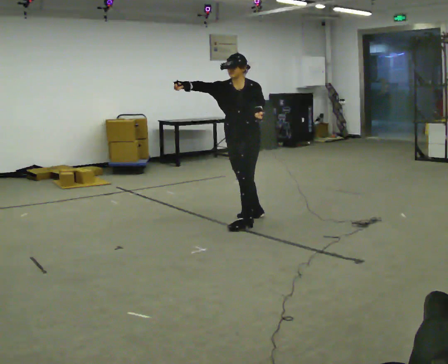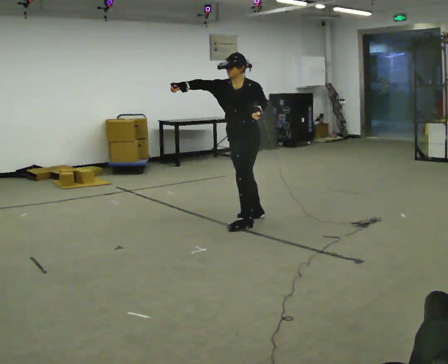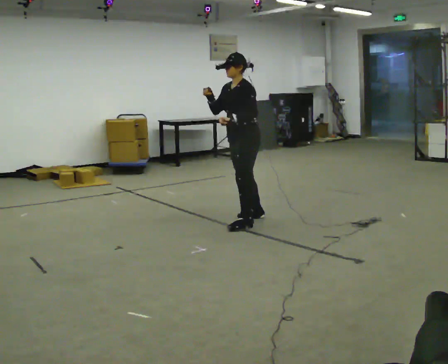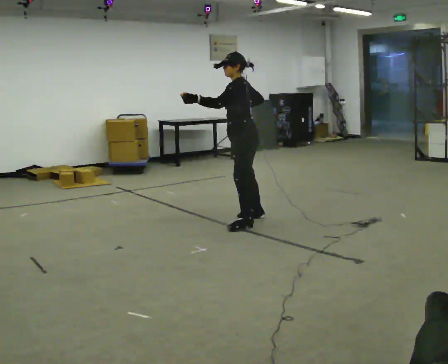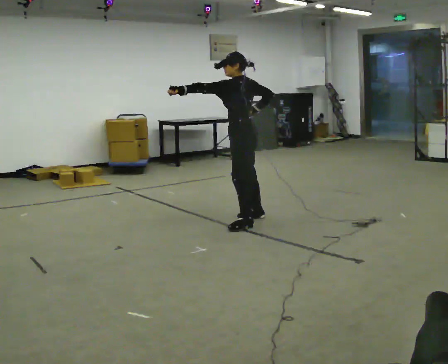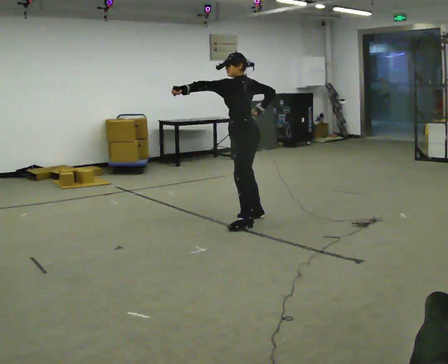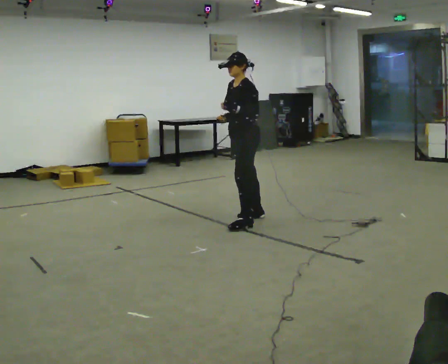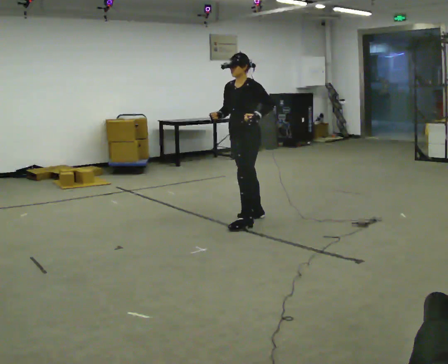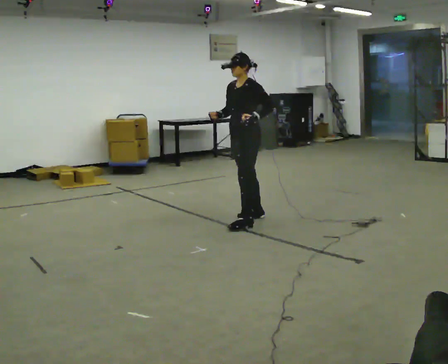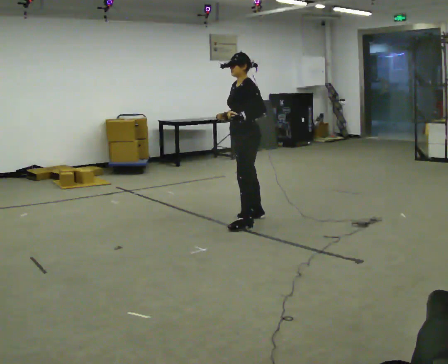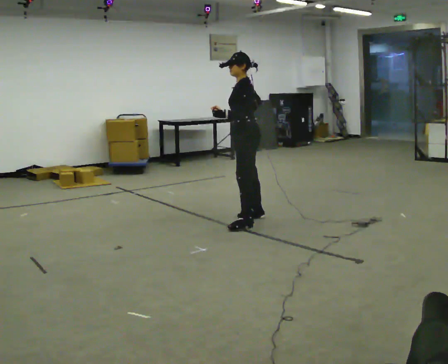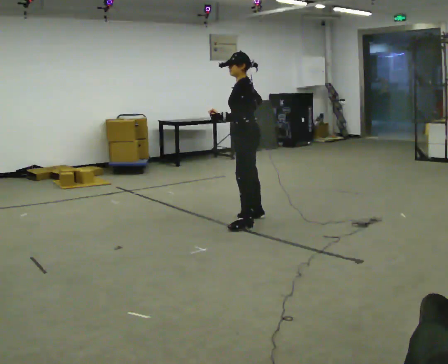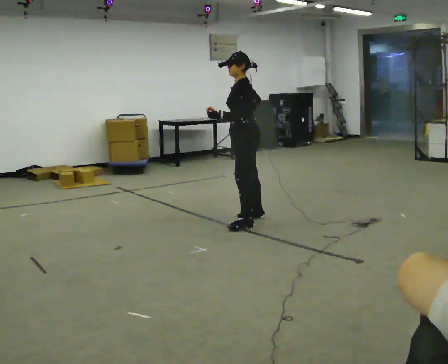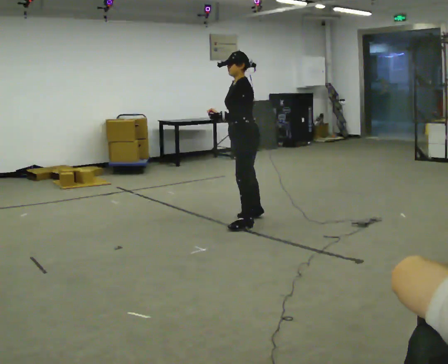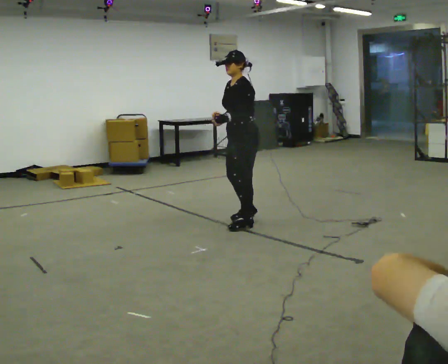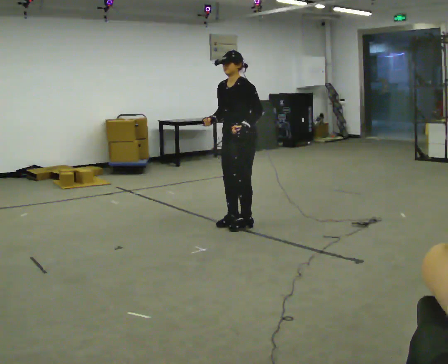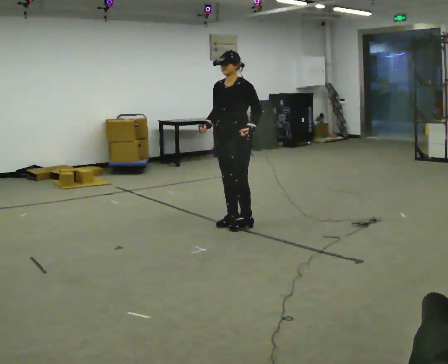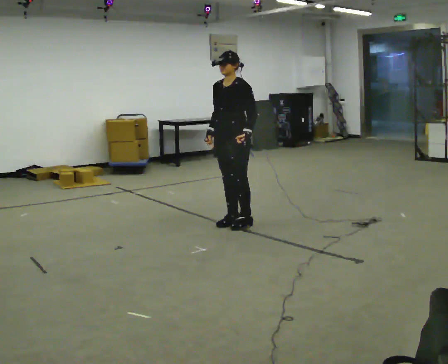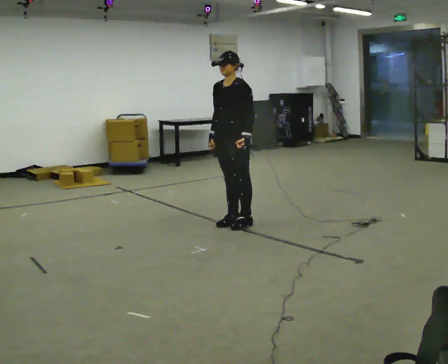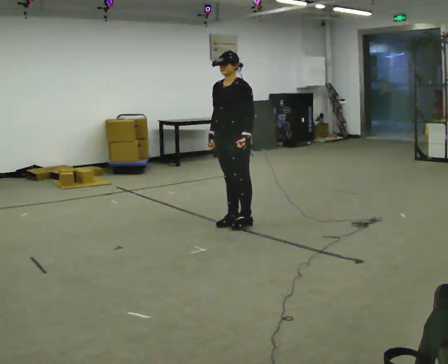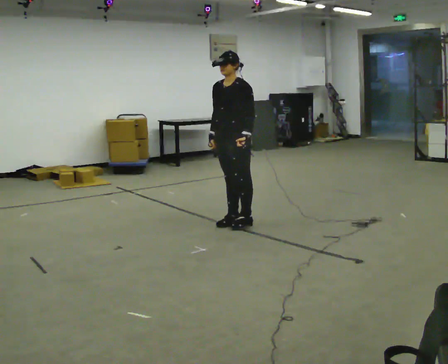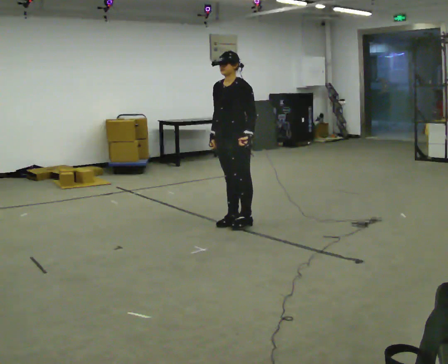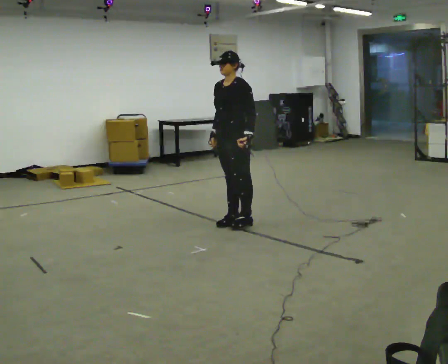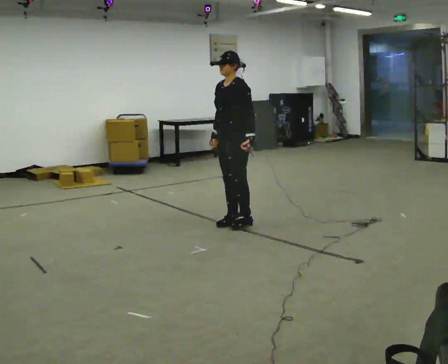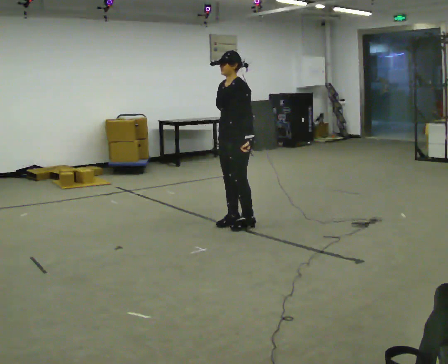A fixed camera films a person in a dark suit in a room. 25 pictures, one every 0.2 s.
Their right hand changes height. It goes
downward.
0.0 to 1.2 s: Seen from above the body turns clockwise, about 60 degrees: to their right, with its near side sliding to the left. In the picture their right hand goes to the right and downward.
1.2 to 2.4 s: The person moves a little, or ends about where they began.
2.4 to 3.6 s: The person turns about 45 degrees to their left, counterclockwise seen from above, so the part of the body nearest the lens slides to the right.
3.6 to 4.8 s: The person moves a little, or ends about where they began.
The film runs backward here.
